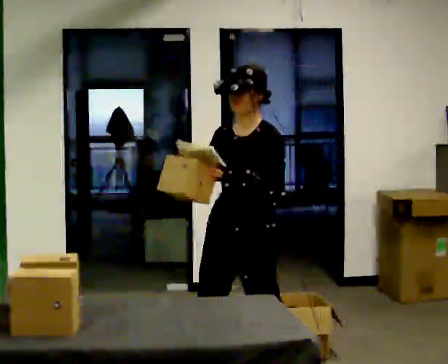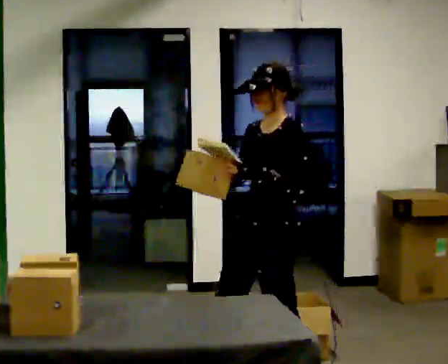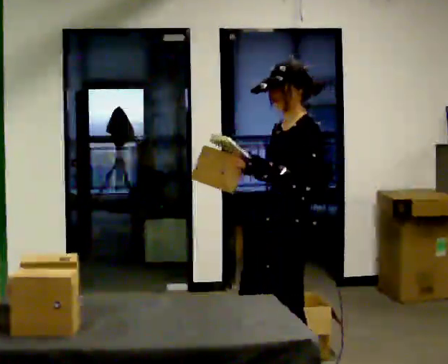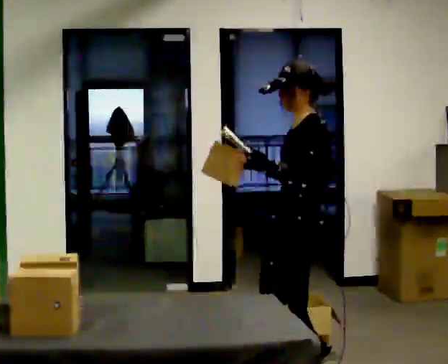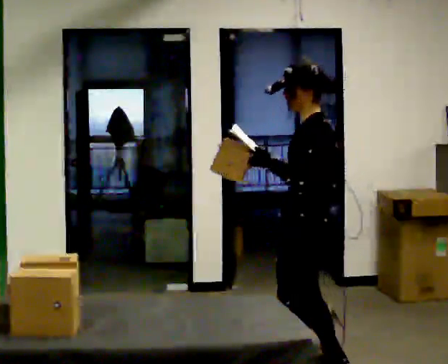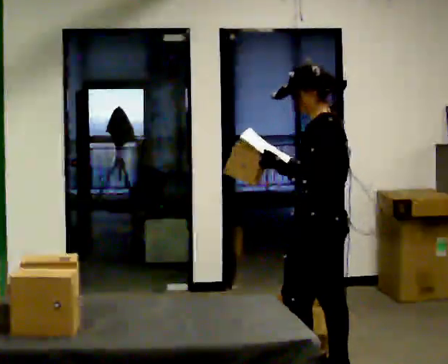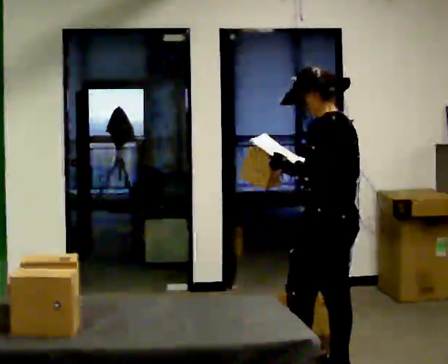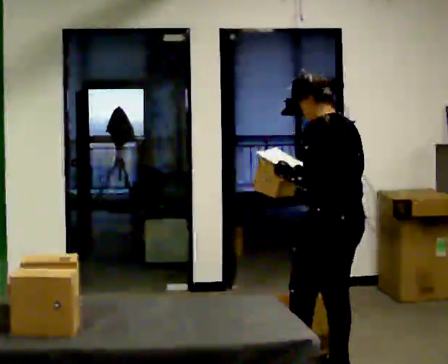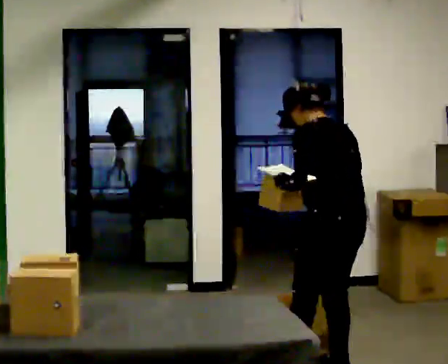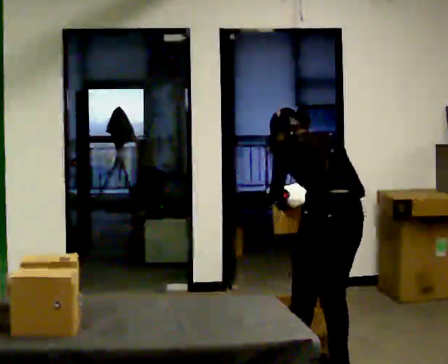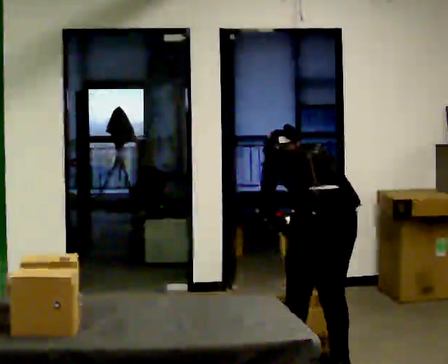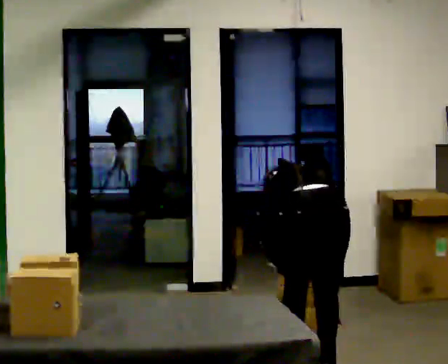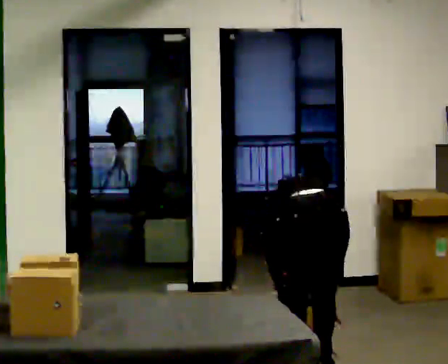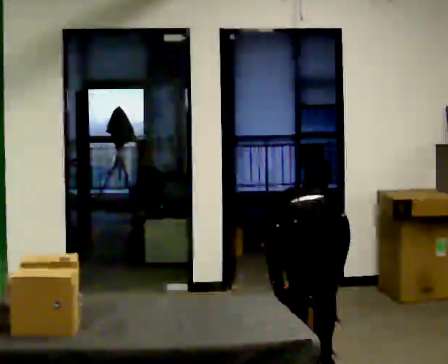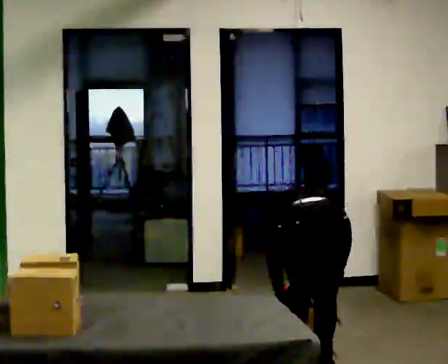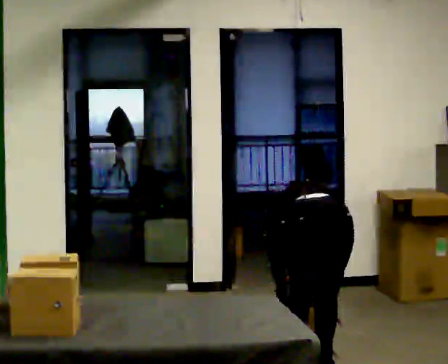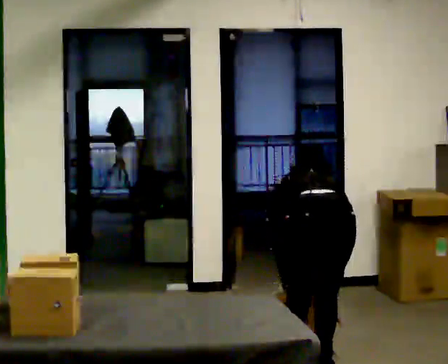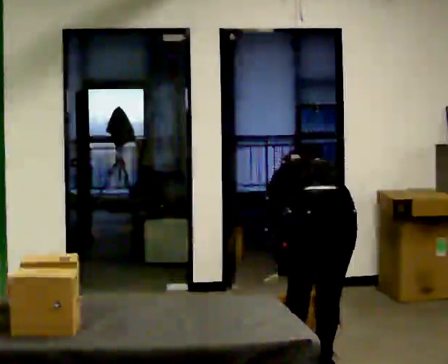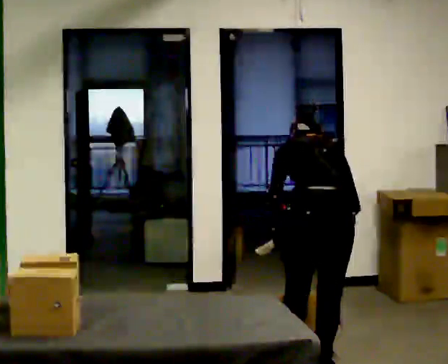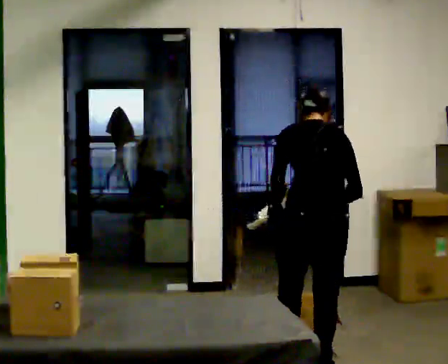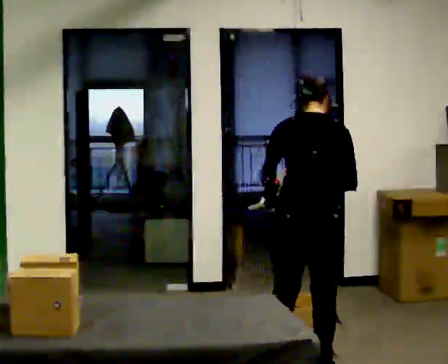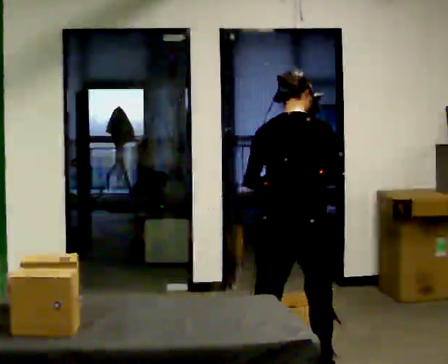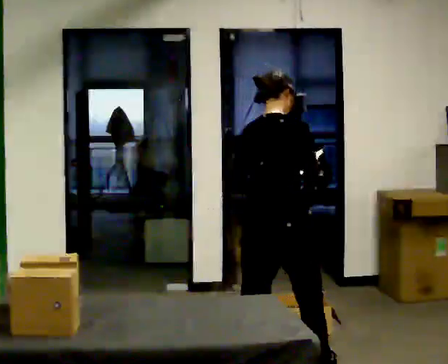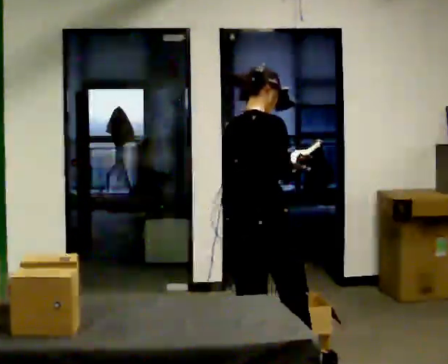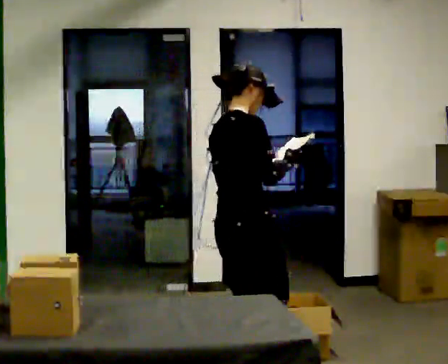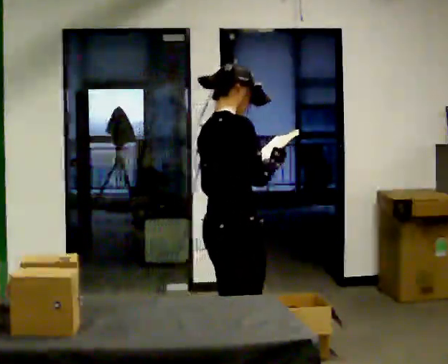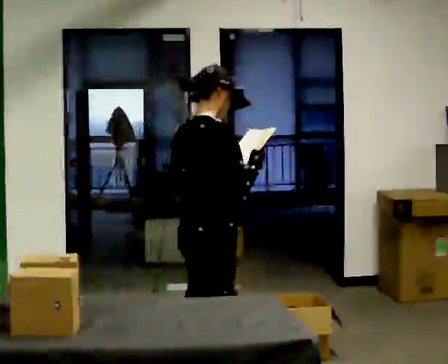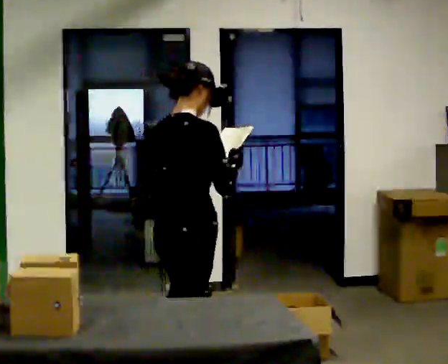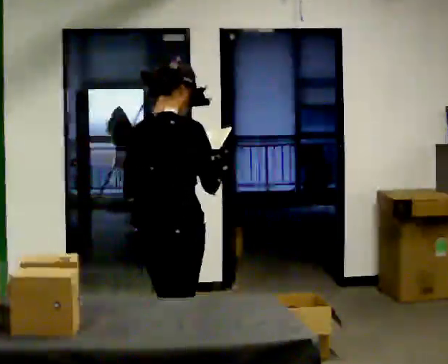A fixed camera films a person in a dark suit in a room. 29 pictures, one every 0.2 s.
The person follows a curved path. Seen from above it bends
counterclockwise.
0.0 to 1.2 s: Seen from above the body turns clockwise, about 75 degrees: to their right, with its near side sliding to the left. In the picture they go to the right and away from the camera, about 0.5 m in 1 step.
1.2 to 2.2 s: The person turns about 45 degrees to their right, clockwise seen from above, so the part of the body nearest the lens slides to the left. The upper body goes downward. The upper body tips away from the camera, its near side rolling upward, as they bend forward. In the picture their right hand goes downward.
2.2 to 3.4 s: The person moves a little, or ends about where they began.
3.4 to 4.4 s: The part of the body nearest the lens slides to the left as the person turns to their right by about 45 degrees. In the picture they go to the left, about 0.25 m in 1 step, which for them is to their left. The upper body goes upward. The upper body tips toward the camera, its near side rolling downward, as they lean back or straighten. In the picture their left hand goes upward.
4.4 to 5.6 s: In the picture they go to the left and toward the camera, about 0.5 m in 2 steps, which for them is backward.
The film runs backward here.
